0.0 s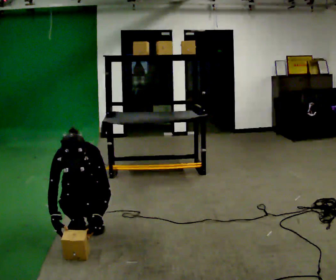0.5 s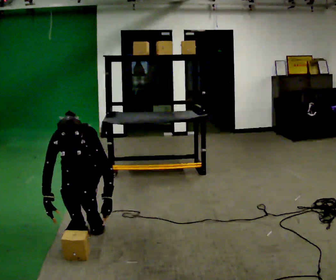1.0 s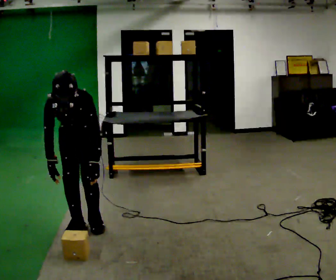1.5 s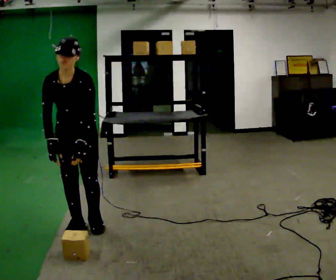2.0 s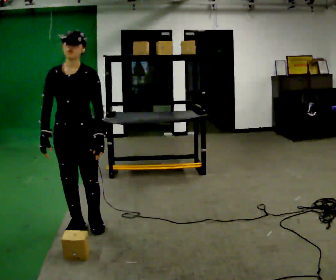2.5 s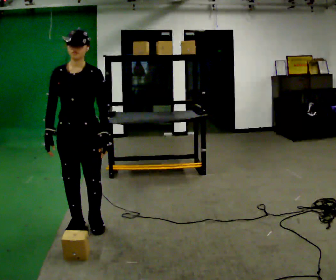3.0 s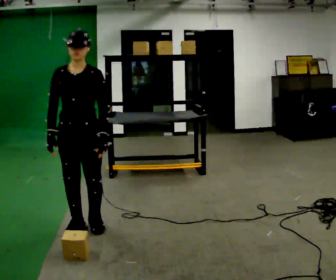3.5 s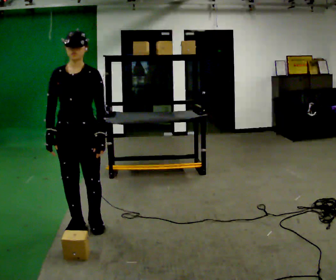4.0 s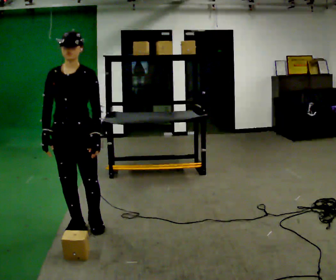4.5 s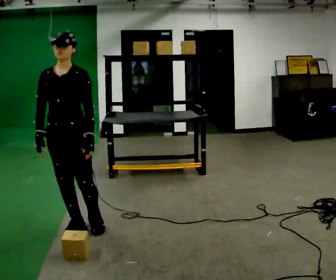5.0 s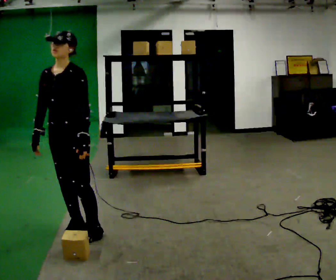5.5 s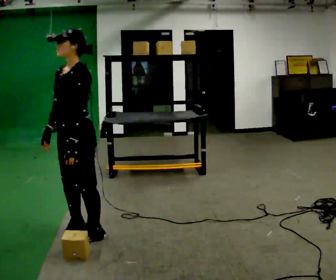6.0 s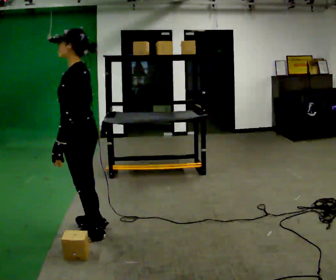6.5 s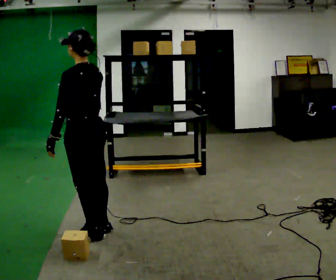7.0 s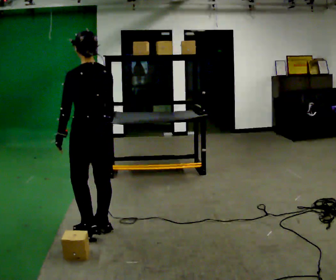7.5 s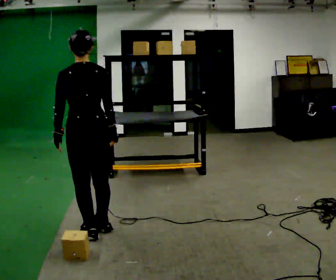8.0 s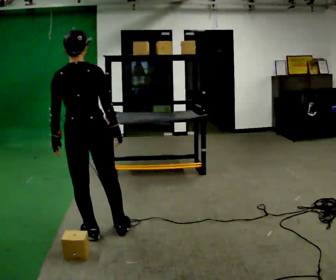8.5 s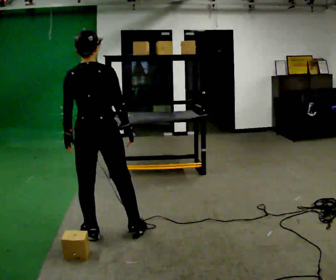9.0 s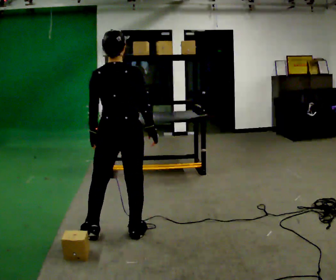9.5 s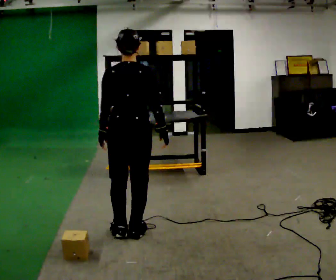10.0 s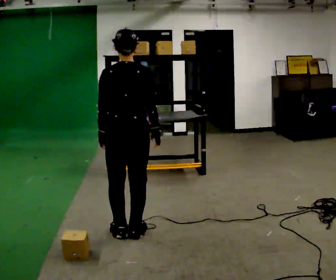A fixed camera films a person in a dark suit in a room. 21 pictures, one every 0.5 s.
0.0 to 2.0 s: In the picture they go toward the camera, about 0.25 m, which for them is forward. The upper body goes upward. In the picture their left hand goes upward.
2.0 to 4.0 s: The person moves a little, or ends about where they began.
4.0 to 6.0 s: The person turns about 90 degrees to their right, clockwise seen from above, so the part of the body nearest the lens slides to the left.
6.0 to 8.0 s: Seen from above the body turns clockwise, about 90 degrees: to their right, with its near side sliding to the left. In the picture their right hand goes to the right.
8.0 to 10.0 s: In the picture they go to the right, about 0.25 m in 2 steps, which for them is to their right.
The film runs forward here.
